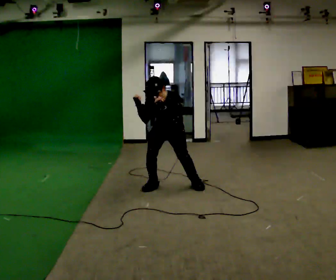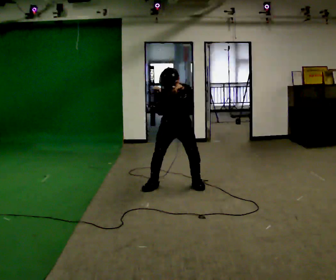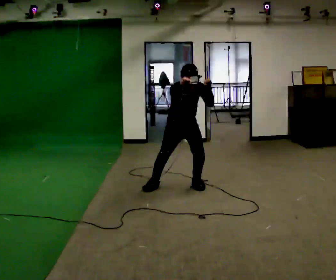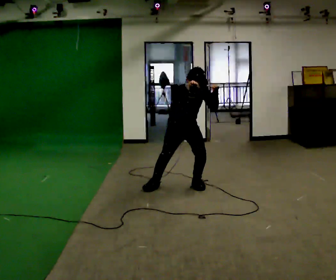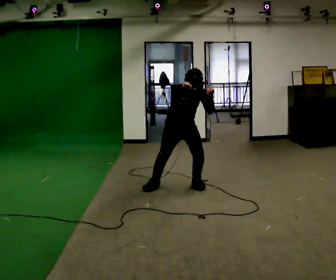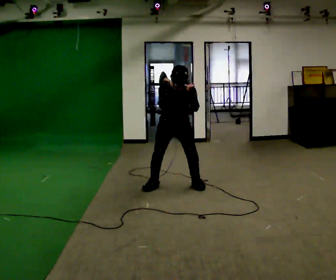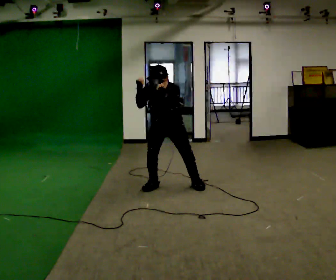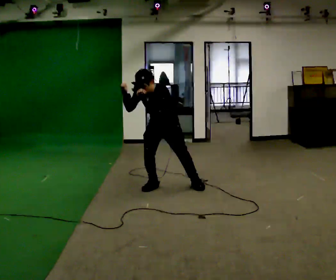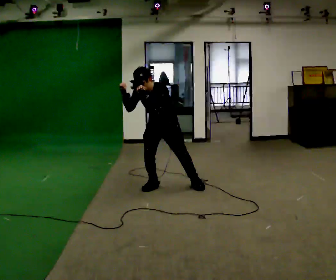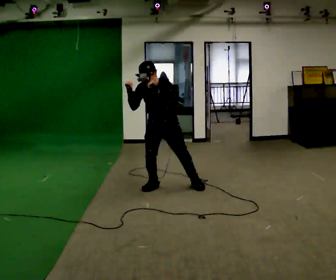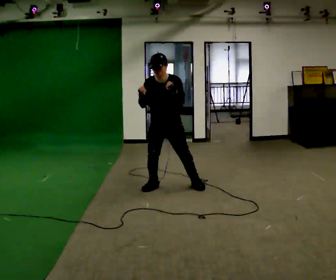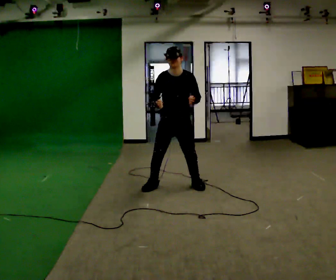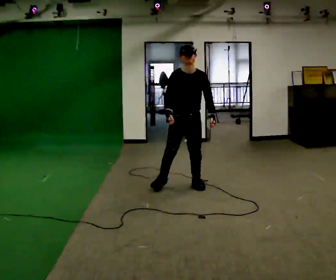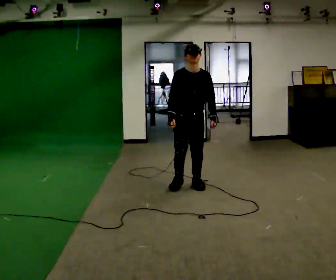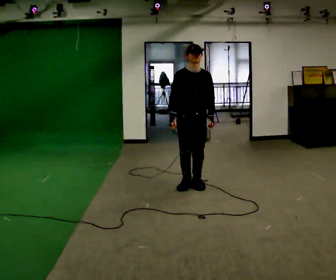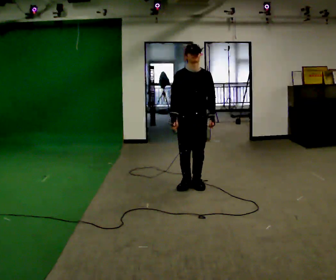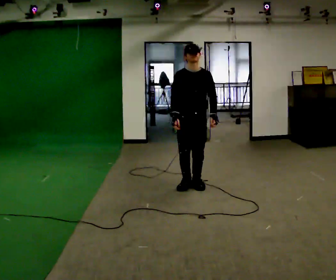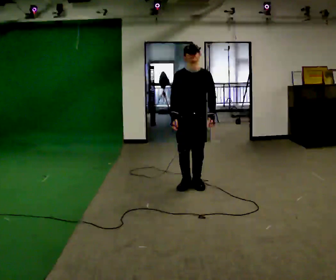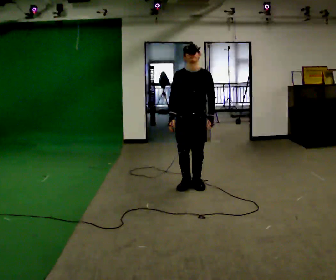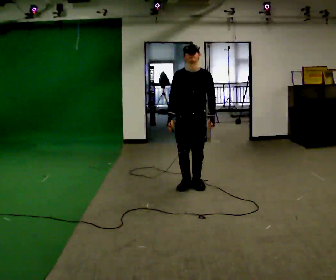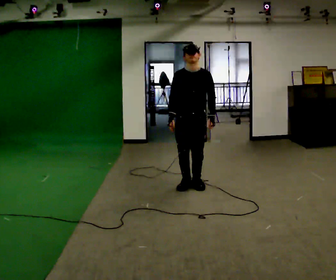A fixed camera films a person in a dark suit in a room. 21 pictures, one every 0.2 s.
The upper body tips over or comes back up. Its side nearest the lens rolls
upward.
0.0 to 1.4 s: The person moves a little, or ends about where they began.
1.4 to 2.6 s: The part of the body nearest the lens slides to the right as the person turns to their left by about 30 degrees. In the picture they go to the right, about 0.25 m, which for them is to their left and forward. The shoulders move upward. The upper body tips away from the camera, its near side rolling upward, as they lean back or straighten.
2.6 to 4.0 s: The person moves a little, or ends about where they began.
The film runs forward here.
